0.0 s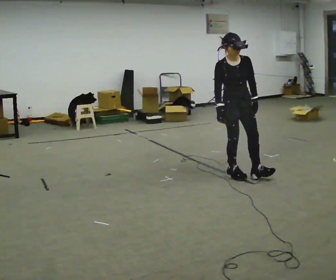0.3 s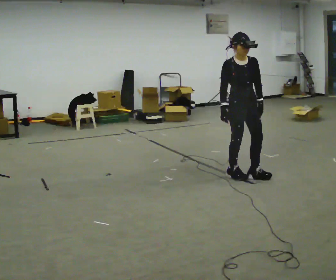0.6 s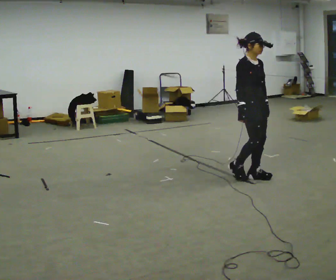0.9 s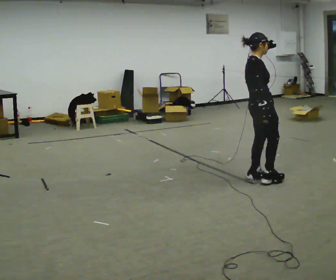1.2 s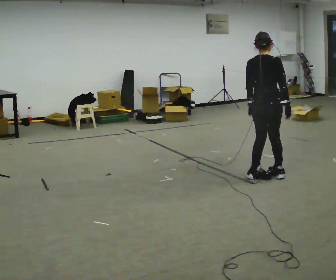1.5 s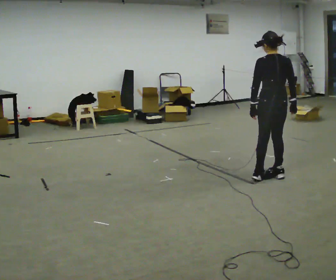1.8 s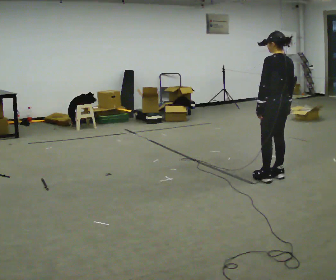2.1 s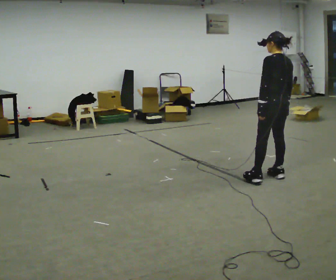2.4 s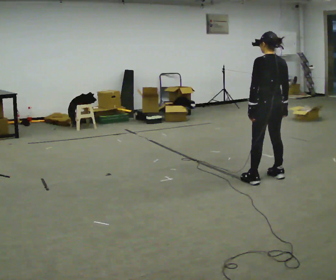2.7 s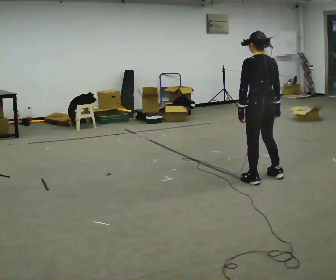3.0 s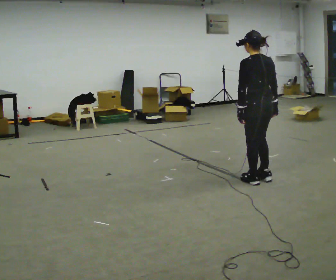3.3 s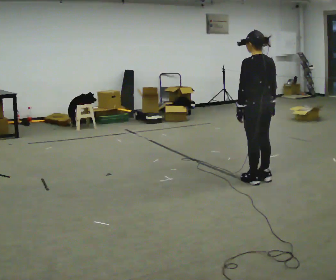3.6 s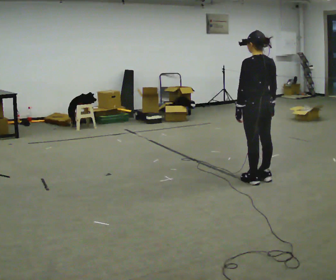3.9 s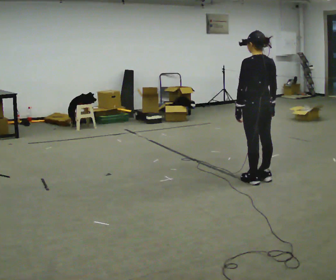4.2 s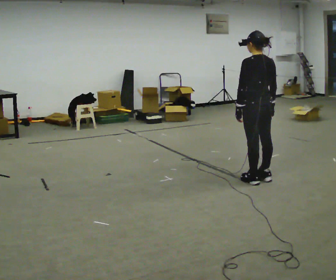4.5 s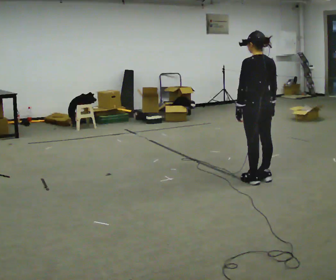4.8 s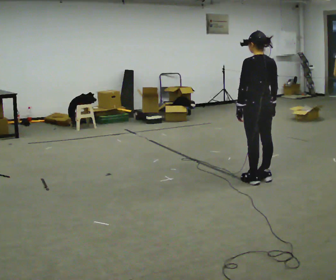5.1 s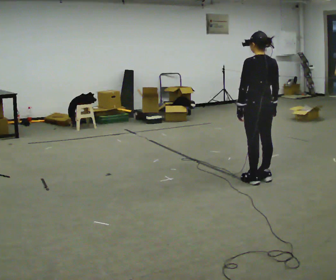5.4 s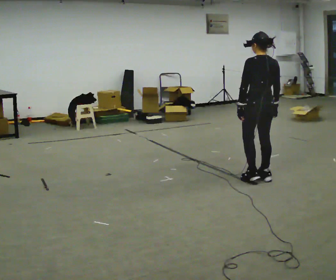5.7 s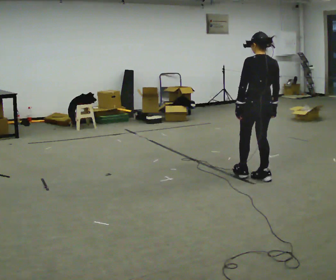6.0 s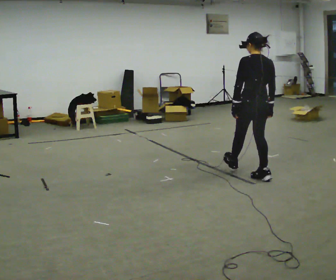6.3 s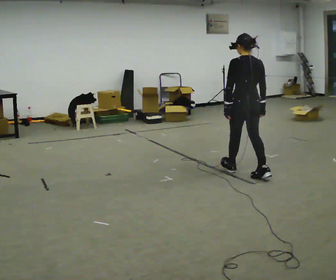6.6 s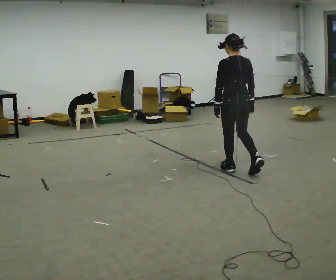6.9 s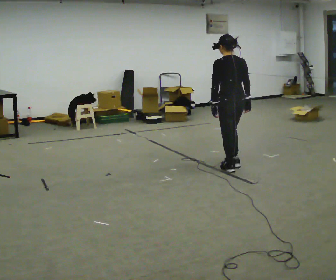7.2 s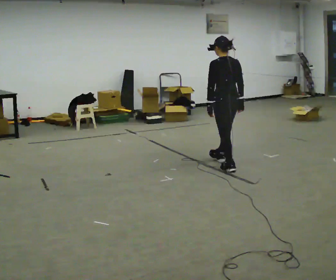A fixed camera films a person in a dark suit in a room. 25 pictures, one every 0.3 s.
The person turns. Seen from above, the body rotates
counterclockwise.
The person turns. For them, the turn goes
to their left.
0.0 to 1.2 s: Seen from above the body turns counterclockwise, about 135 degrees: to their left, with its near side sliding to the right. In the picture they go to the right, about 0.25 m in 2 steps.
1.2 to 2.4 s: The person turns about 60 degrees to their left, counterclockwise seen from above, so the part of the body nearest the lens slides to the right.
2.4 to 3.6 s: The person moves a little, or ends about where they began.
3.6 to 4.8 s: The person keeps their place and pose.
4.8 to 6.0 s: The person moves a little, or ends about where they began.
6.0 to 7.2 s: In the picture they go away from the camera and to the left, about 0.5 m in 1 step, which for them is forward.
The film runs forward here.
